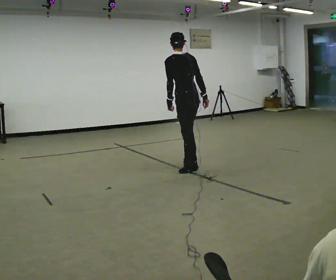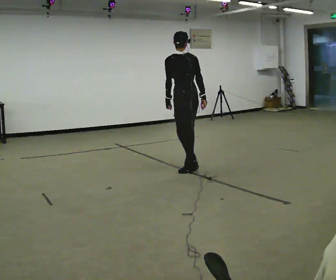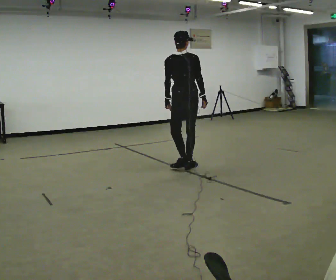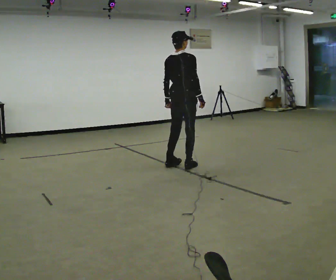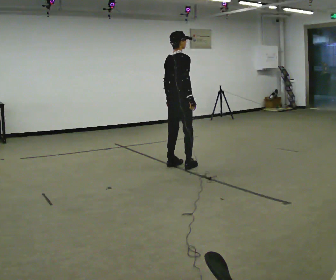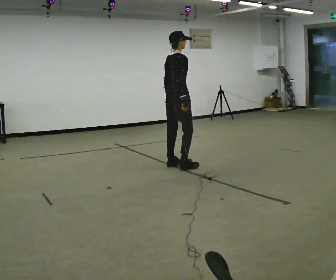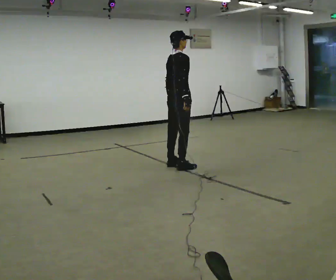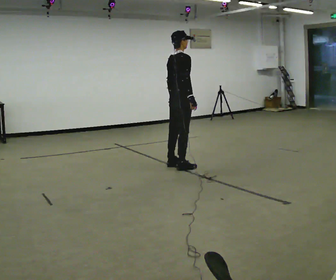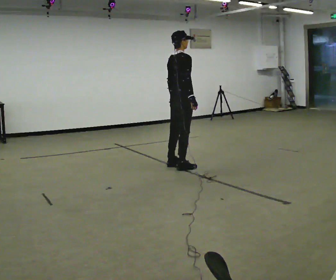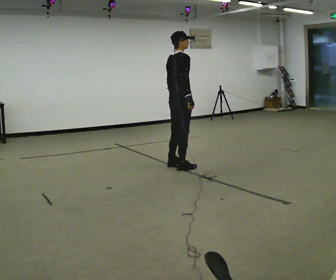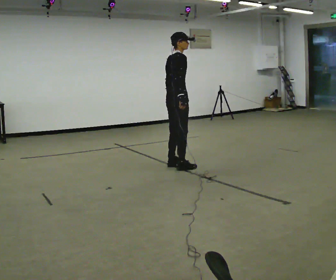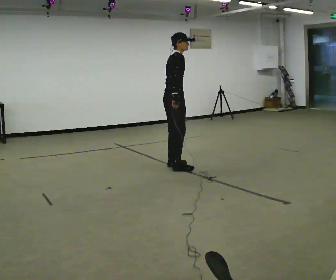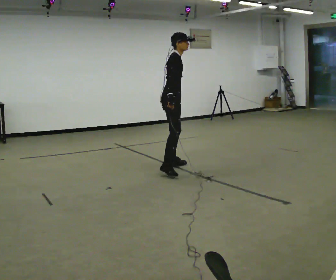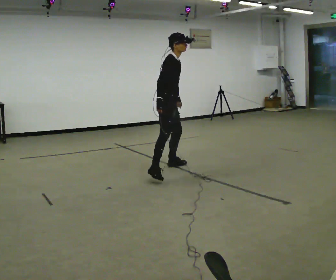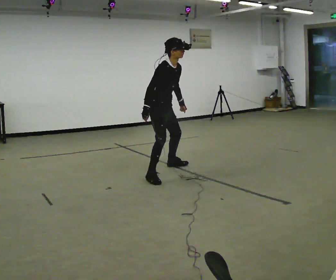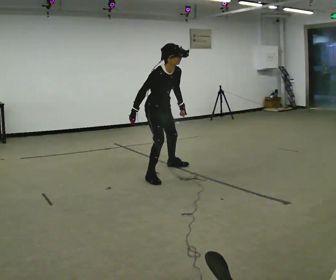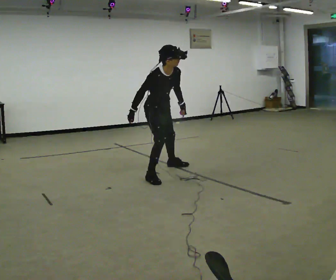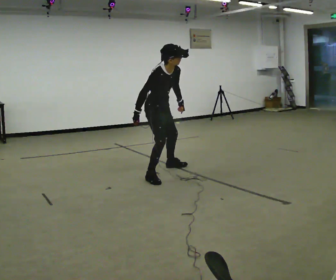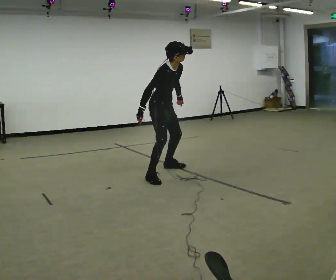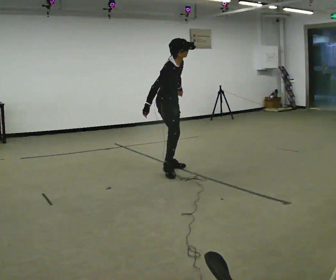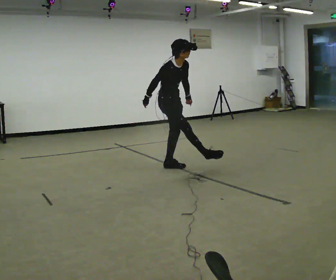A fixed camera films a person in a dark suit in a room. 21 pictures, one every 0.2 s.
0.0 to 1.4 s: Seen from above the body turns clockwise, about 90 degrees: to their right, with its near side sliding to the left.
1.4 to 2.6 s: The part of the body nearest the lens slides to the left as the person turns to their right by about 60 degrees. In the picture they go to the left, about 0.25 m, which for them is backward. In the picture the upper body tilts clockwise, shoulders to the right. In the picture their right hand goes to the left.
2.6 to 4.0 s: The person moves a little, or ends about where they began.
The film runs forward here.
